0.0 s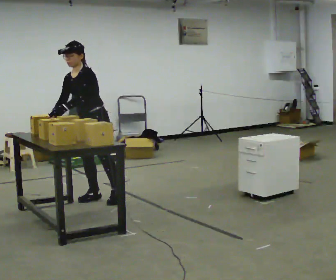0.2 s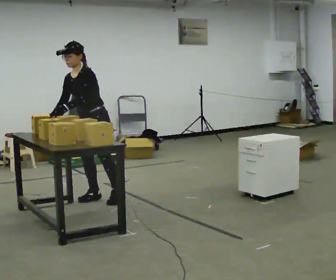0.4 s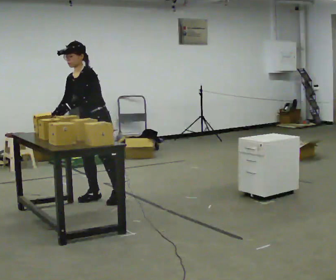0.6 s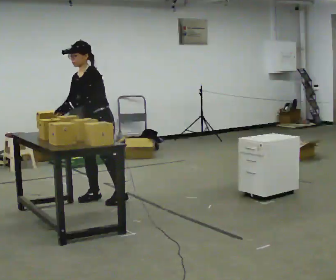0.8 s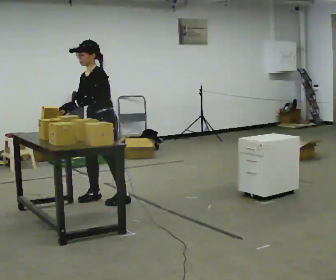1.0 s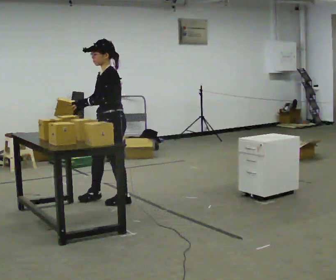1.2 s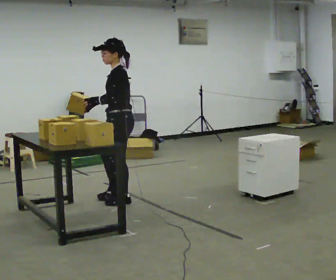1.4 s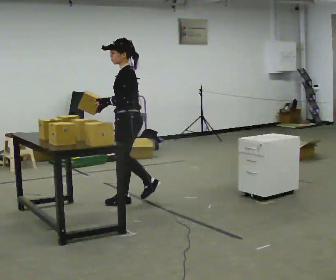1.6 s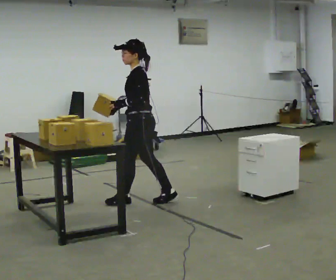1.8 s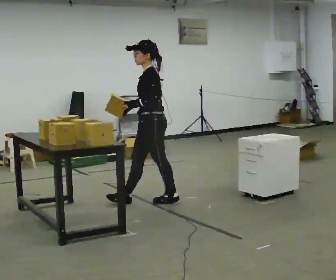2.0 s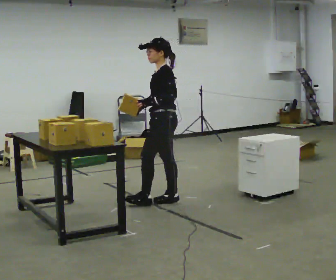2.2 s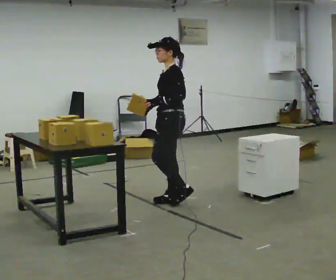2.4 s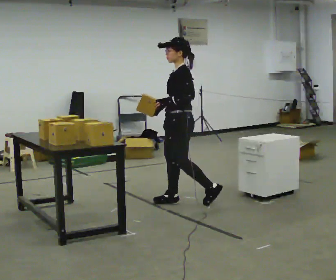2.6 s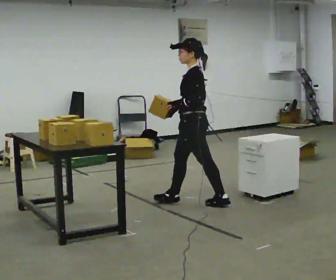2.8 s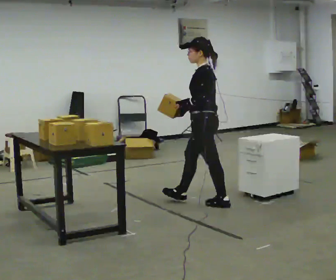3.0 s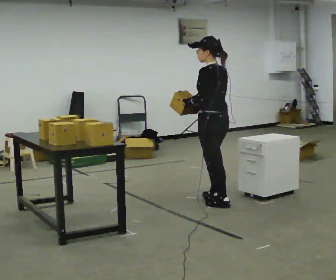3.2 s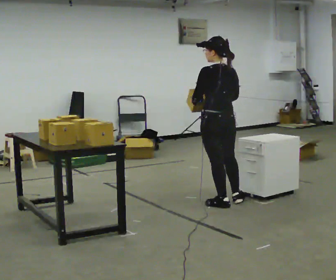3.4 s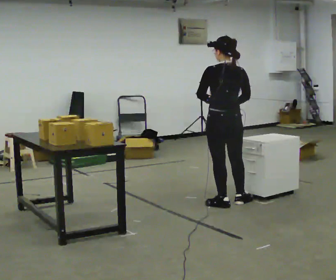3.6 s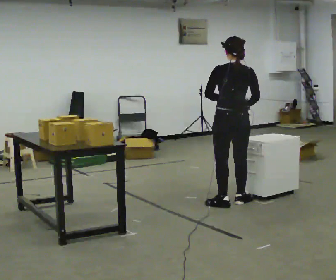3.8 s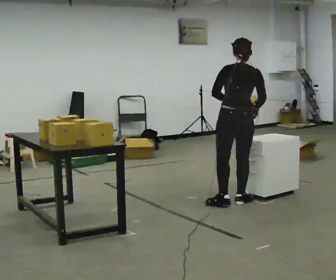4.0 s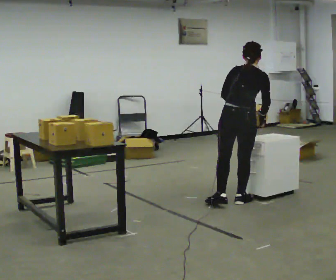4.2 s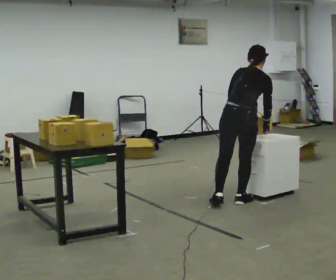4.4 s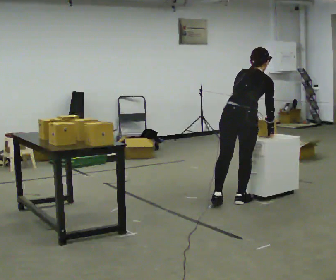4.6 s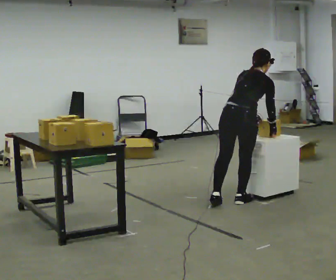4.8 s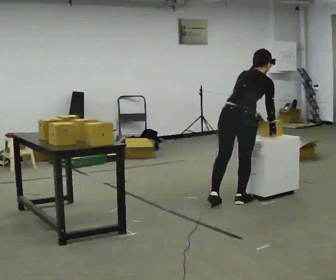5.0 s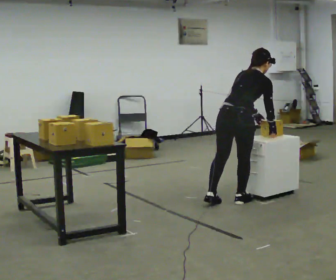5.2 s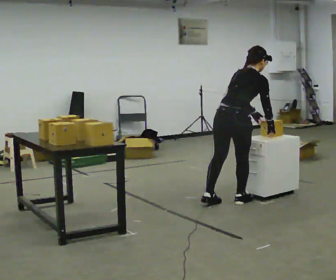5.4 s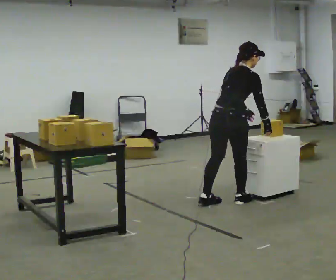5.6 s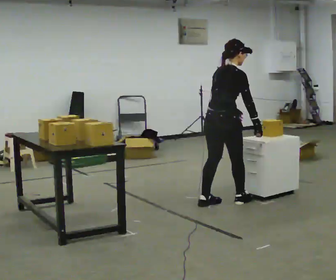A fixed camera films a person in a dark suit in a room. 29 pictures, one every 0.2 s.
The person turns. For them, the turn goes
to their right.
The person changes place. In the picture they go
to the right.
0.0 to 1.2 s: The person turns about 45 degrees to their right, clockwise seen from above, so the part of the body nearest the lens slides to the left. In the picture they go to the right, about 0.25 m in 1 step, which for them is to their left.
1.2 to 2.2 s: In the picture they go to the right, about 0.5 m in 1 step, which for them is backward.
2.2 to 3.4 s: The part of the body nearest the lens slides to the left as the person turns to their right by about 90 degrees. In the picture they go to the right, about 0.5 m in 1 step.
3.4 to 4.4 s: Seen from above the body turns clockwise, about 30 degrees: to their right, with its near side sliding to the left. The upper body tips away from the camera, its near side rolling upward, as they bend forward. In the picture their right hand goes to the right.
4.4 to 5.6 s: The person turns about 30 degrees to their right, clockwise seen from above, so the part of the body nearest the lens slides to the left. In the picture they go to the left, about 0.25 m, which for them is to their left. The upper body tips toward the camera, its near side rolling downward, as they lean back or straighten.
The film runs backward here.
